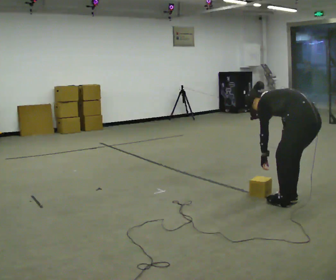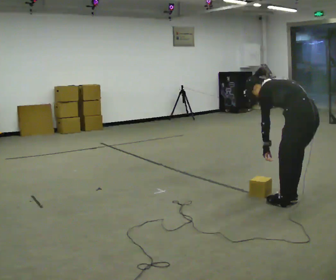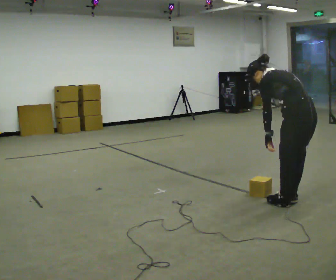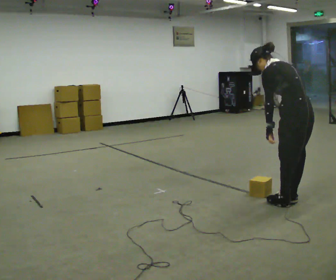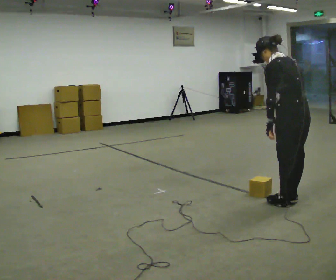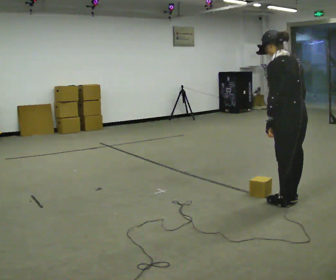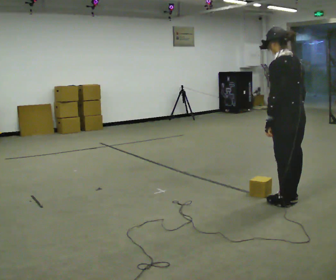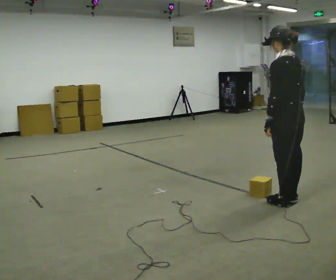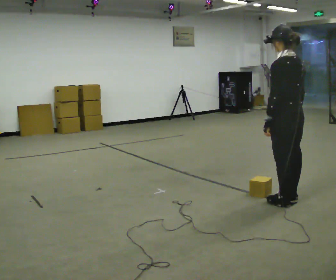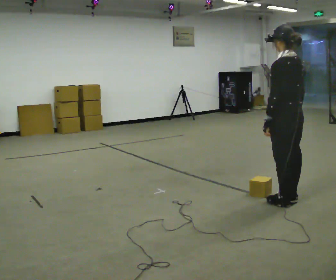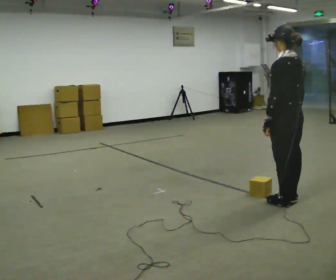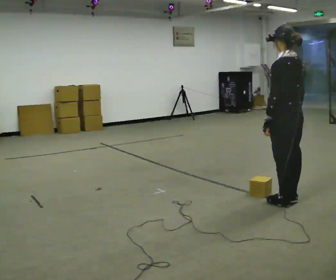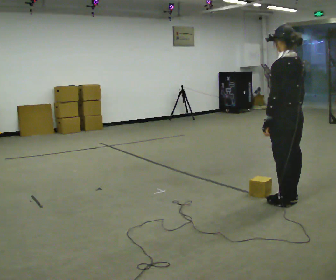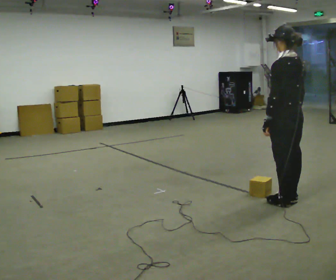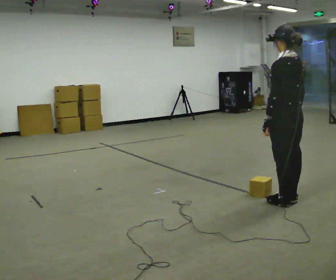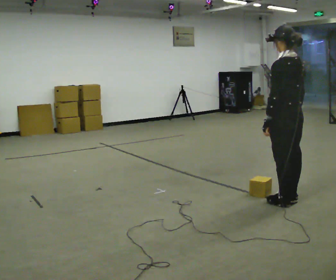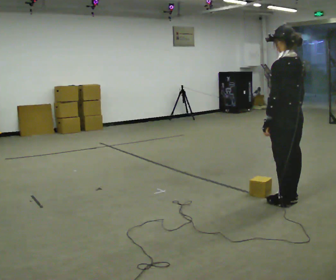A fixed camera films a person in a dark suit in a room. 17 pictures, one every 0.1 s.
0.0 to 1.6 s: In the picture they go to the left, about 0.25 m, which for them is forward. The upper body goes upward. In the picture the upper body tilts clockwise, shoulders to the right, as they lean back or straighten. In the picture their left hand goes upward.
The film runs backward here.
